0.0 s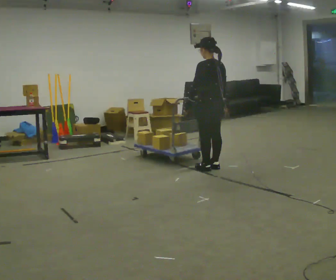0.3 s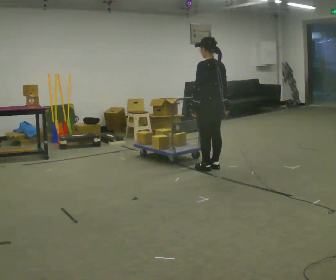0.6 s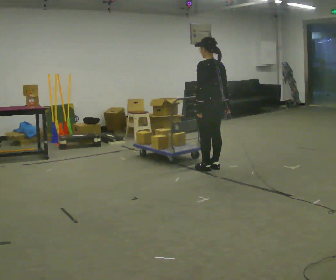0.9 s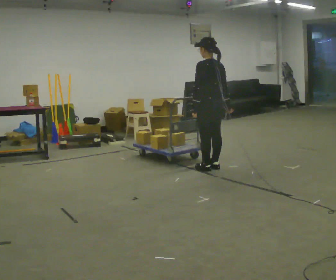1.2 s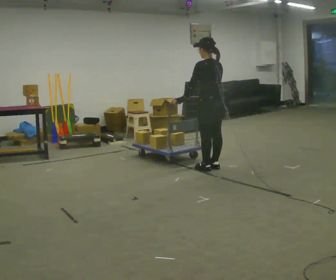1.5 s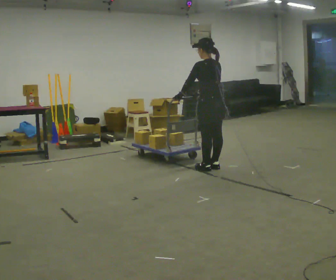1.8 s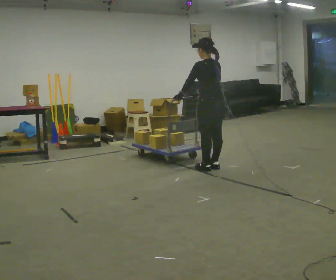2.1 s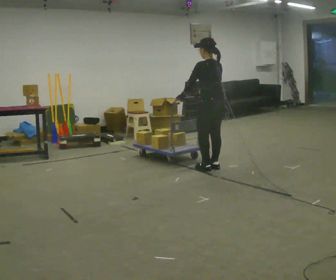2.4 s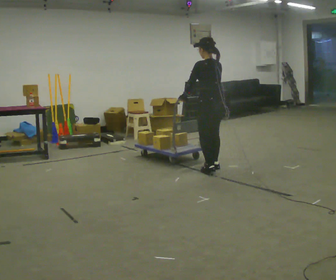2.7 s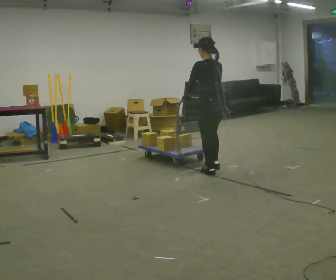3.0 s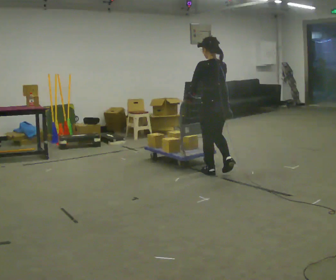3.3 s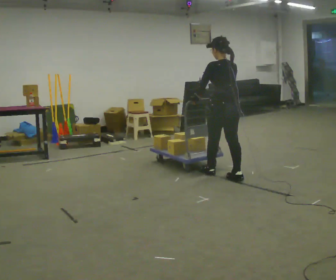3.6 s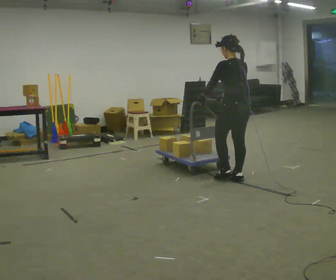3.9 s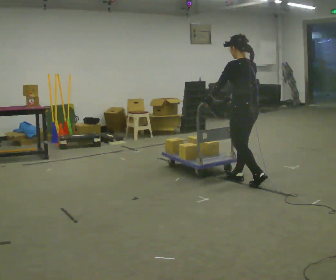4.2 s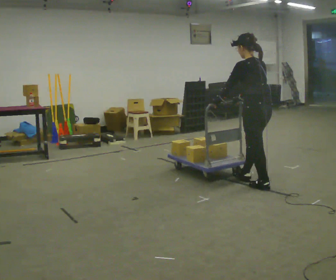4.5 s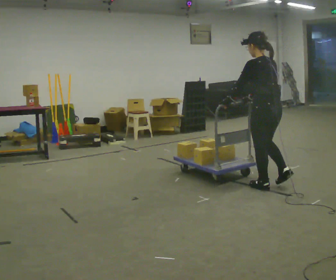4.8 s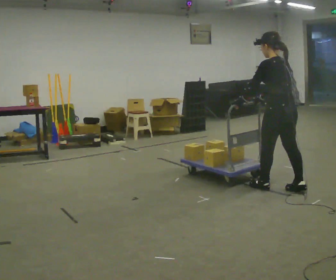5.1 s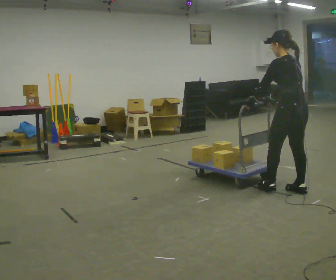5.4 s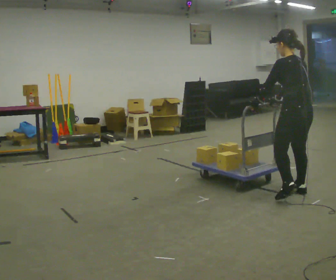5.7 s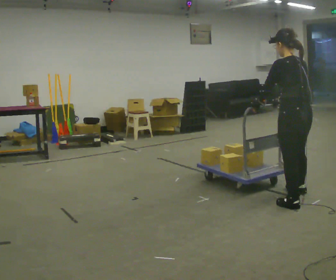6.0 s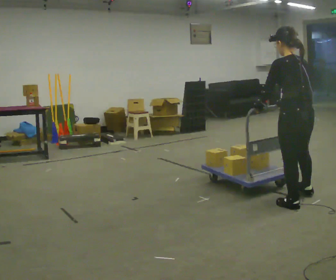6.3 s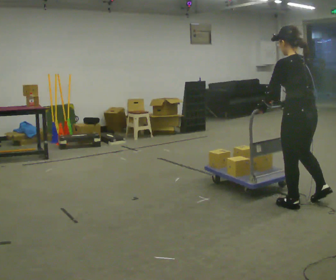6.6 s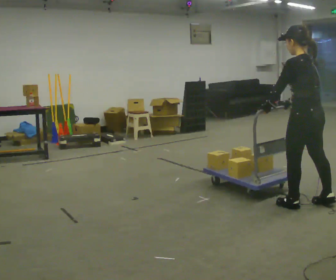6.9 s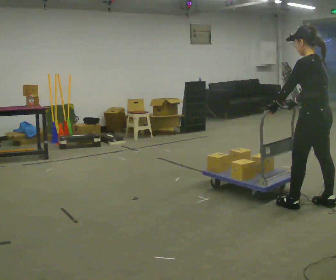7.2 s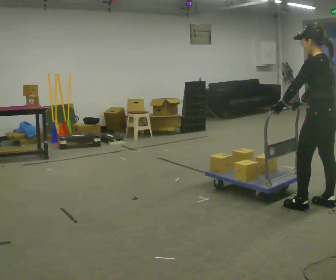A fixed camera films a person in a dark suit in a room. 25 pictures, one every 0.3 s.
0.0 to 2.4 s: The person moves a little, or ends about where they began.
2.4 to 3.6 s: In the picture they go toward the camera and to the right, about 0.5 m in 2 steps, which for them is backward.
3.6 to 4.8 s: In the picture they go toward the camera and to the right, about 0.5 m in 1 step, which for them is backward.
4.8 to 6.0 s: In the picture they go toward the camera, about 0.5 m in 2 steps, which for them is backward and to their left.
6.0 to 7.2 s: In the picture they go to the right, about 0.25 m in 1 step, which for them is backward and to their right.
The film runs backward here.
